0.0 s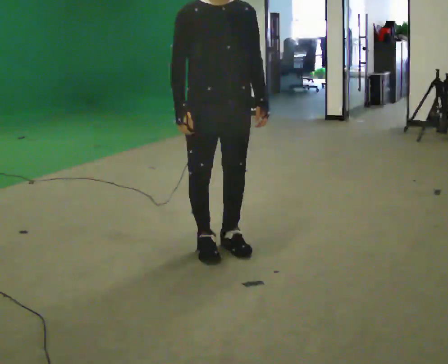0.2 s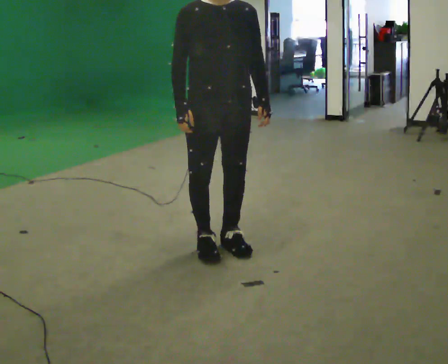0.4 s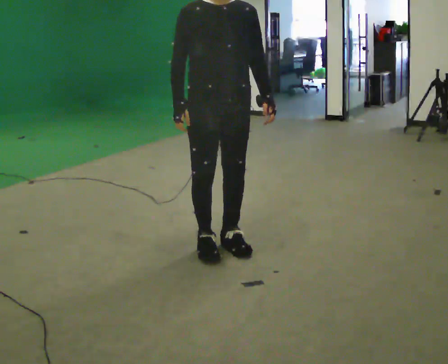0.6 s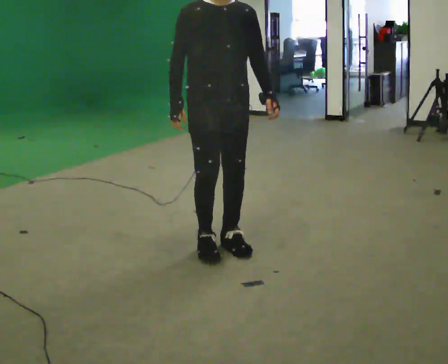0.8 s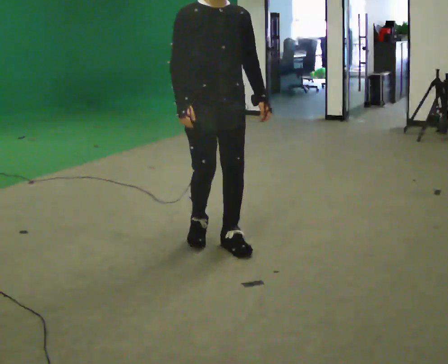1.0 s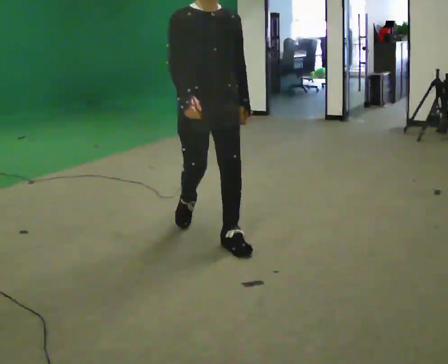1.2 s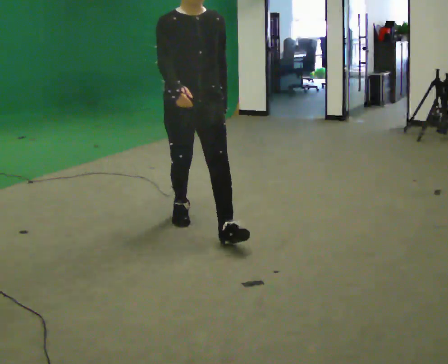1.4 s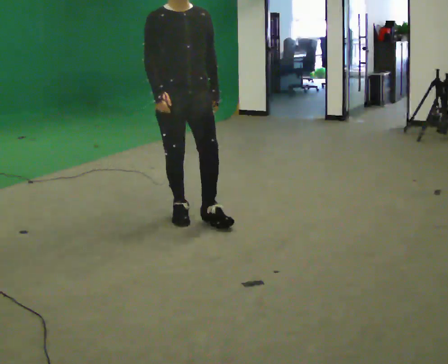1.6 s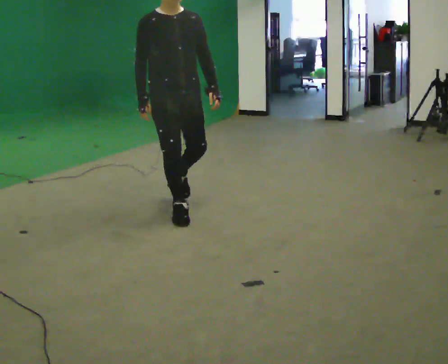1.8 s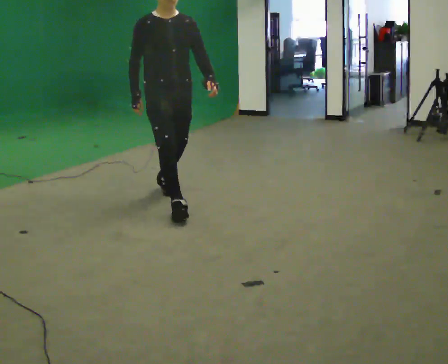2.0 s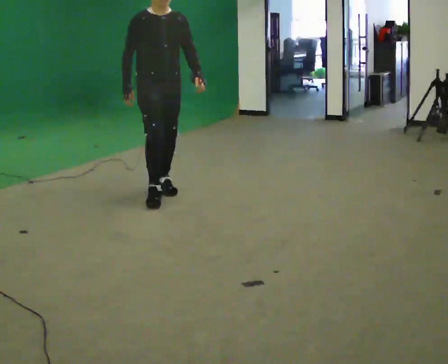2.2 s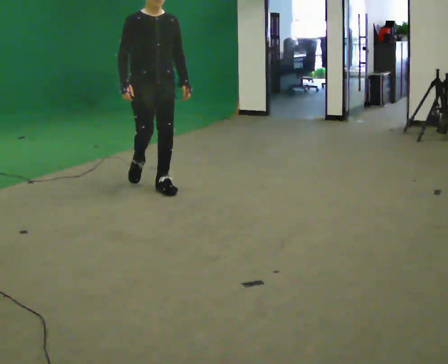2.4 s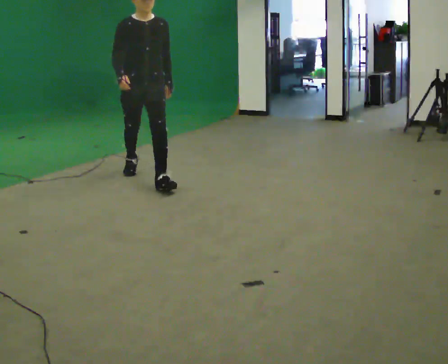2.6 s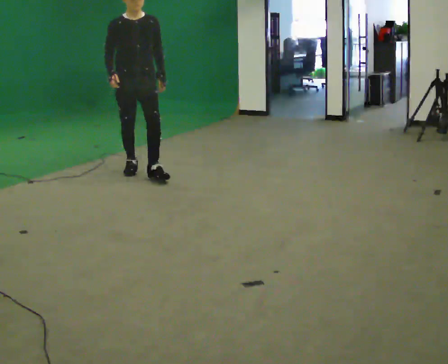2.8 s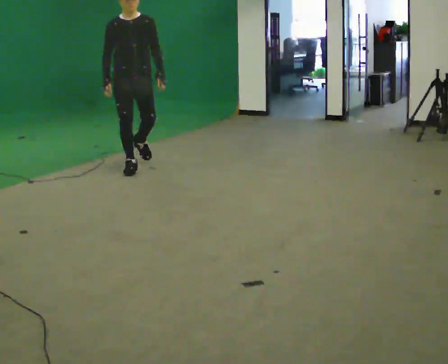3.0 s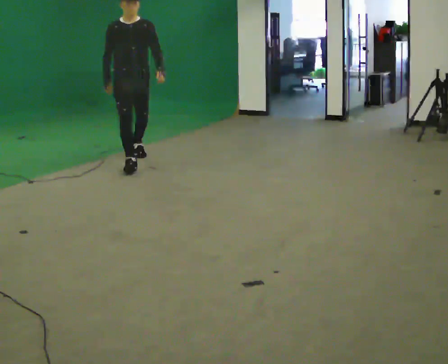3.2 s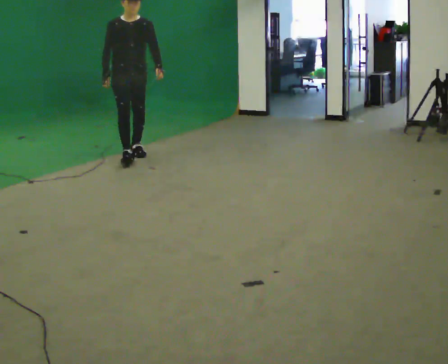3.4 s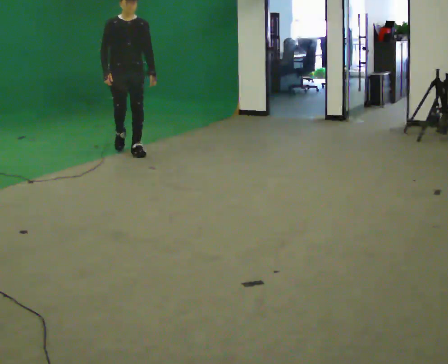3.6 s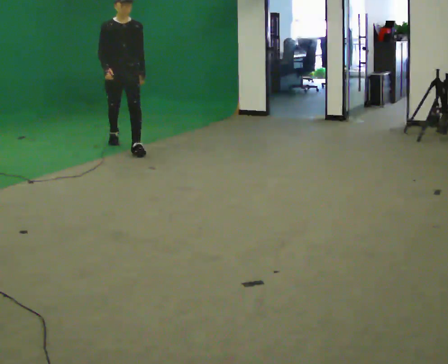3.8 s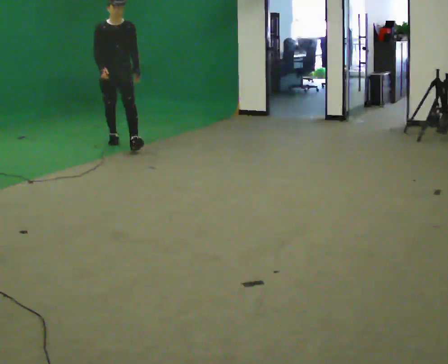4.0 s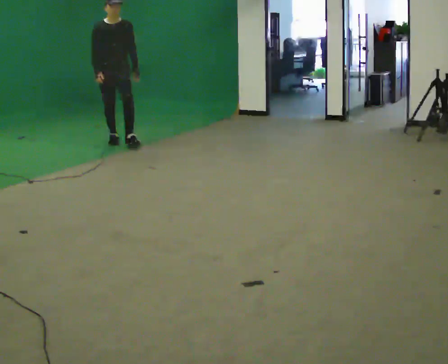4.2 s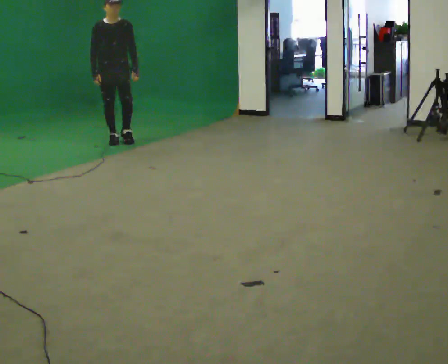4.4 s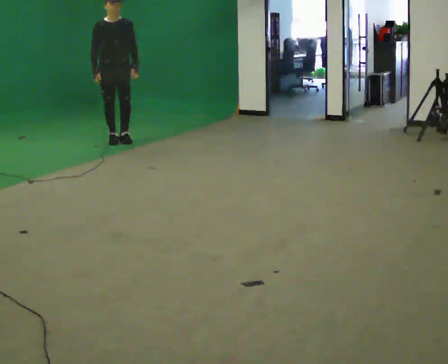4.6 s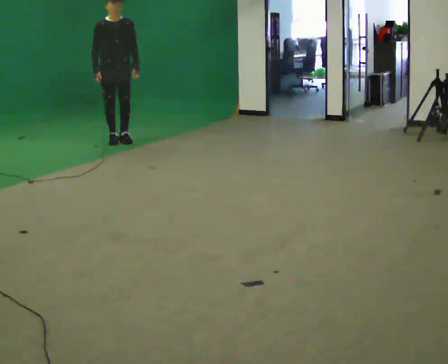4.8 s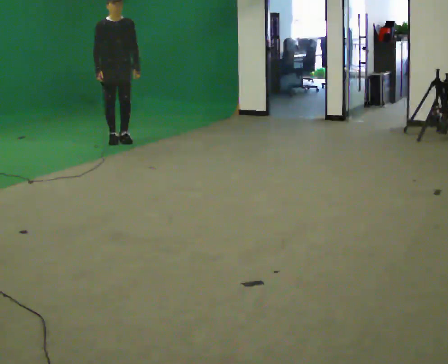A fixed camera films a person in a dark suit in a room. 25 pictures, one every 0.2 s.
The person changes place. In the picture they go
away from the camera.
0.0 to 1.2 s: In the picture they go away from the camera, about 0.5 m in 2 steps, which for them is backward.
1.2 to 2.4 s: In the picture they go away from the camera, about 1.5 m in 1 step, which for them is backward.
2.4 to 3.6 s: In the picture they go away from the camera, about 1.5 m in 2 steps, which for them is backward.
3.6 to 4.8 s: In the picture they go away from the camera, about 0.5 m in 1 step, which for them is backward.
The film runs backward here.
